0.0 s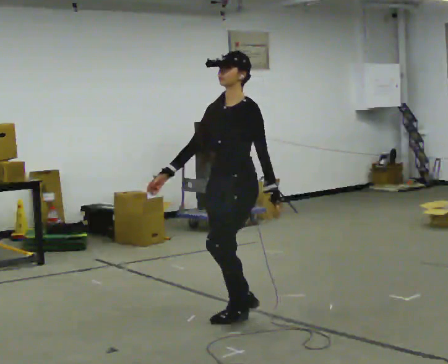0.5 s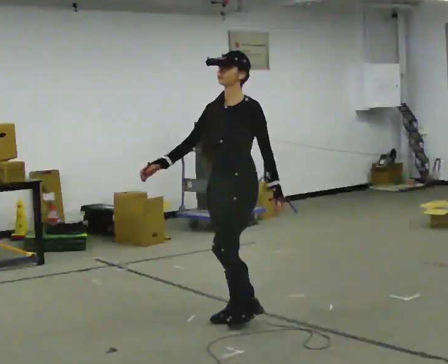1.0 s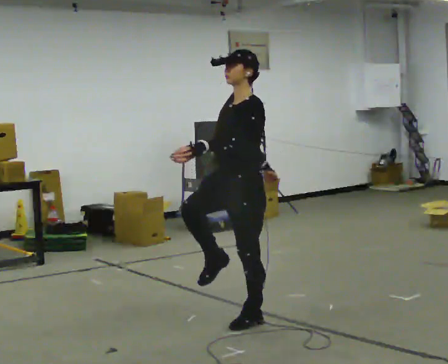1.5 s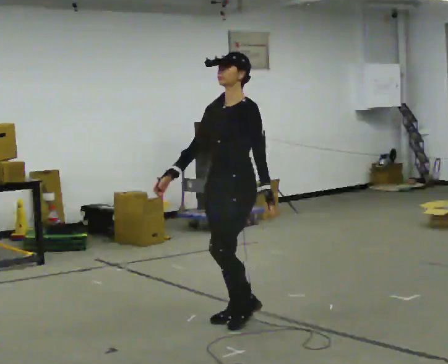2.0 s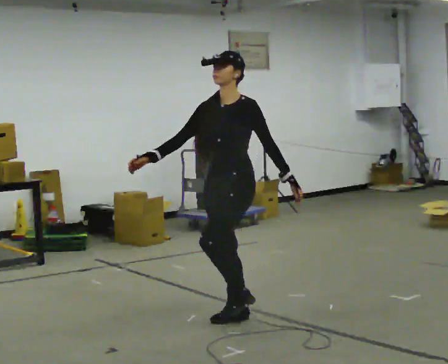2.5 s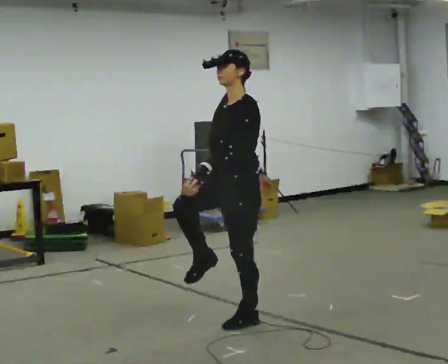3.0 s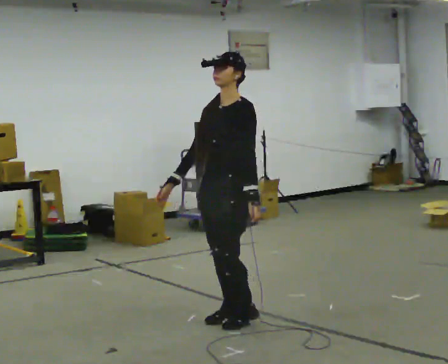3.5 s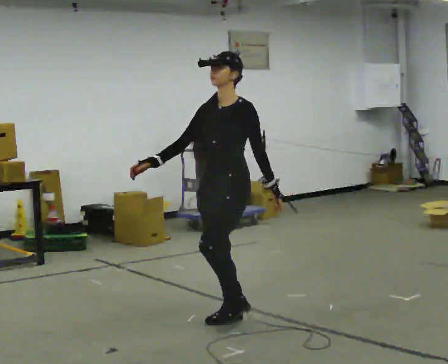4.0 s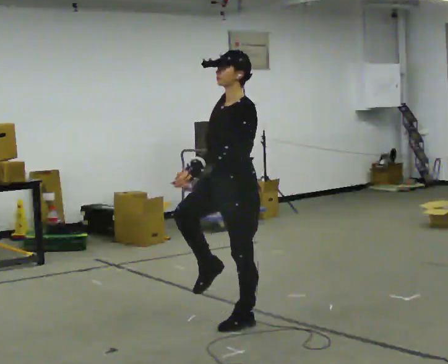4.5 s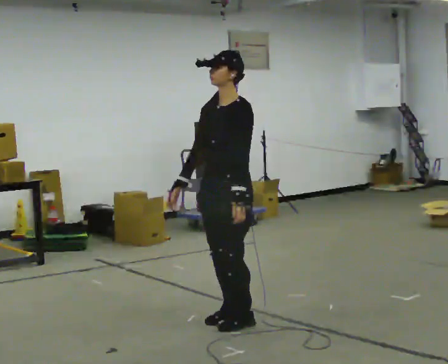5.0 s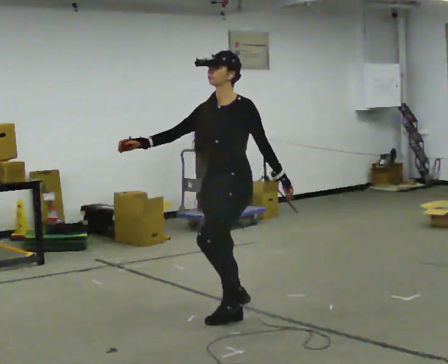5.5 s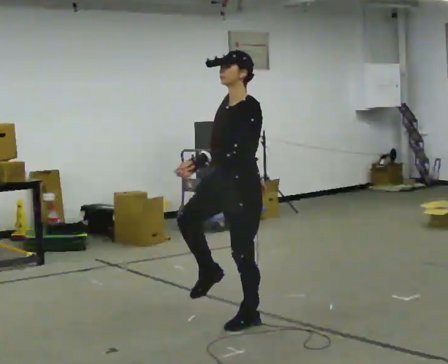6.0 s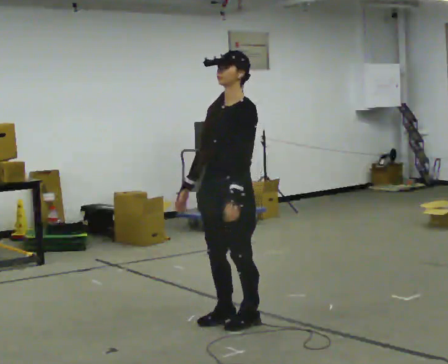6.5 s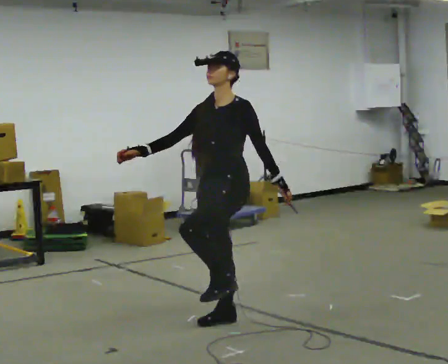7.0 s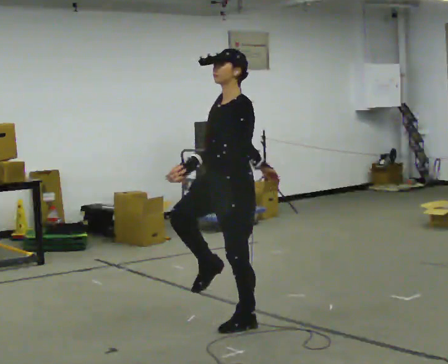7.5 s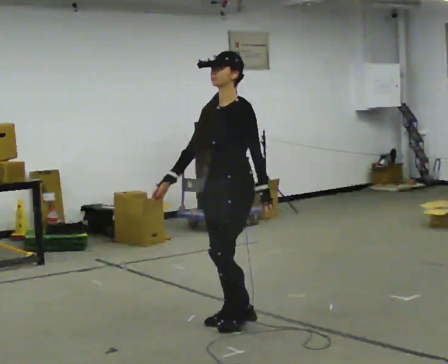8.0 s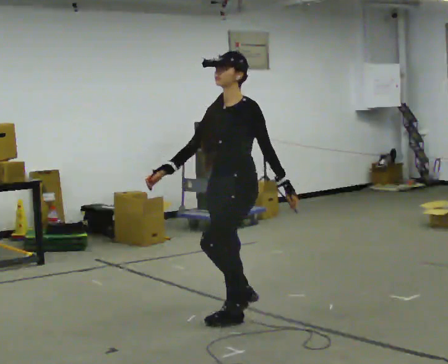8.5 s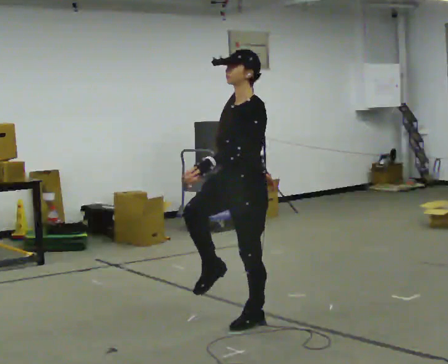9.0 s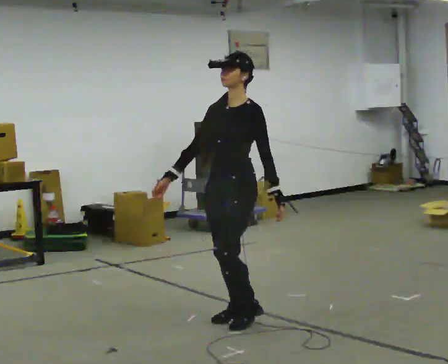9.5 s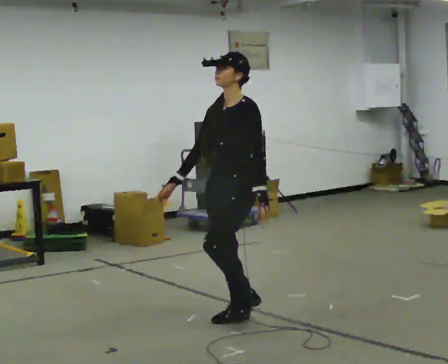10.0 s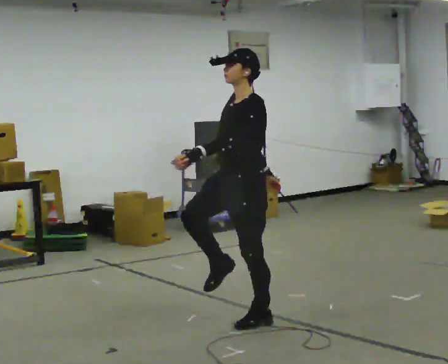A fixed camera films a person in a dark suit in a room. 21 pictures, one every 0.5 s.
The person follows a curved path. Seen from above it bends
counterclockwise.
0.0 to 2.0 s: The person moves a little, or ends about where they began.
2.0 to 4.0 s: In the picture their right hand goes to the right.
4.0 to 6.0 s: In the picture their right hand goes to the left.
6.0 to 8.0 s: The person moves a little, or ends about where they began.
8.0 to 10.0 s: In the picture their left hand goes to the left.
The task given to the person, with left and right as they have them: March in place at a comfortable rhythm without moving forward; stop.
The film runs forward here.
